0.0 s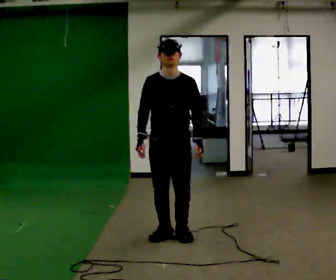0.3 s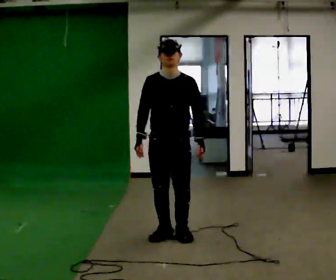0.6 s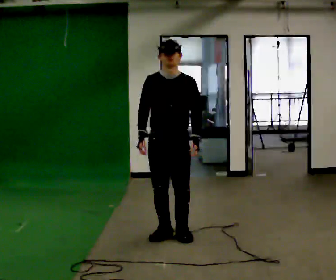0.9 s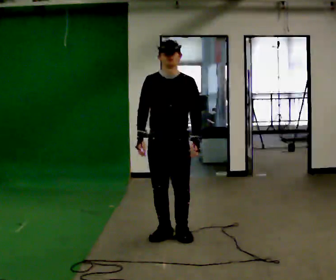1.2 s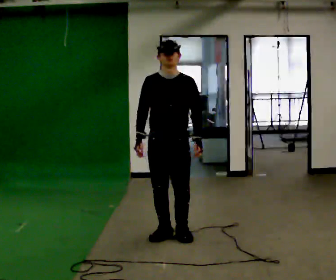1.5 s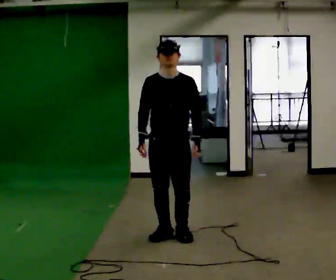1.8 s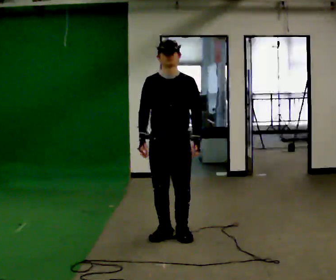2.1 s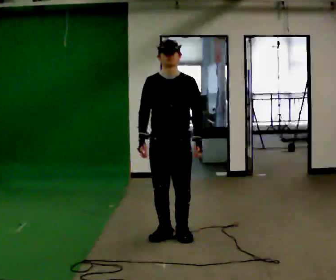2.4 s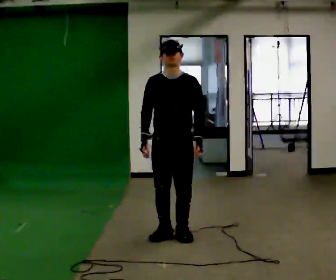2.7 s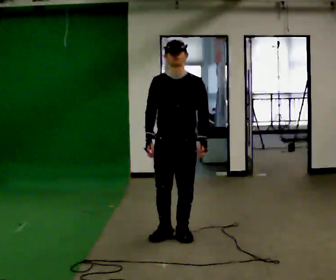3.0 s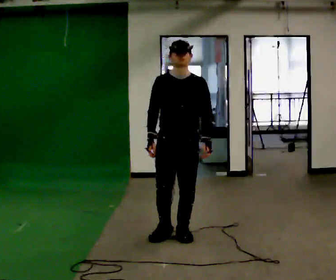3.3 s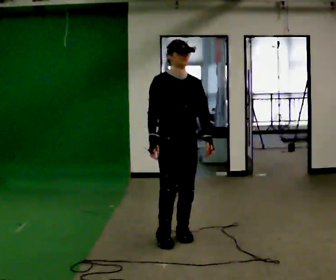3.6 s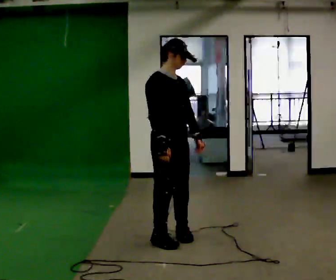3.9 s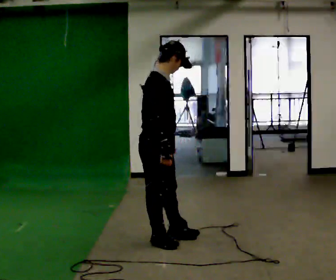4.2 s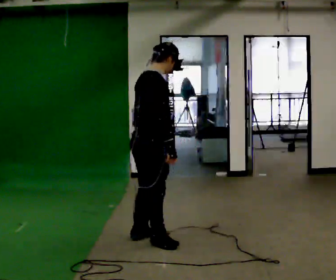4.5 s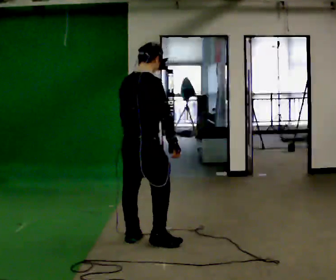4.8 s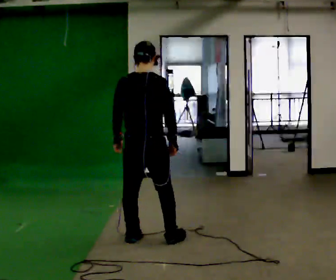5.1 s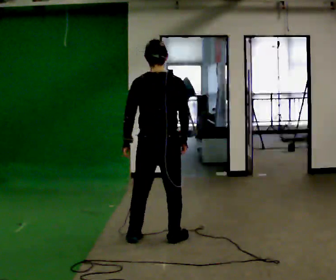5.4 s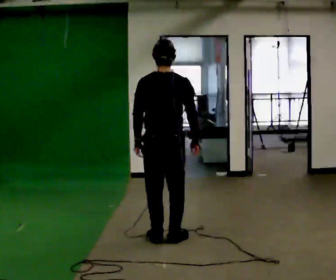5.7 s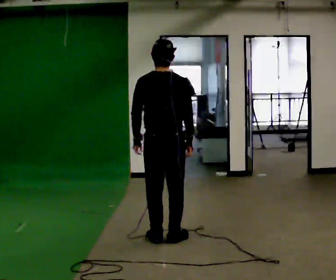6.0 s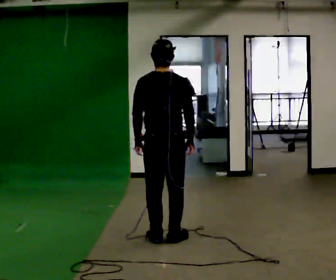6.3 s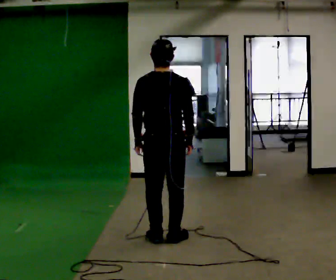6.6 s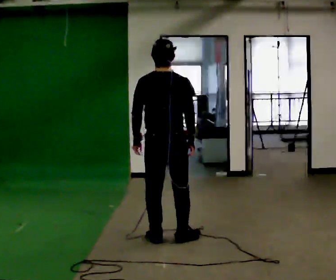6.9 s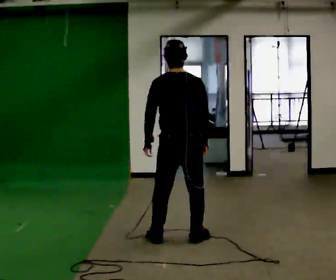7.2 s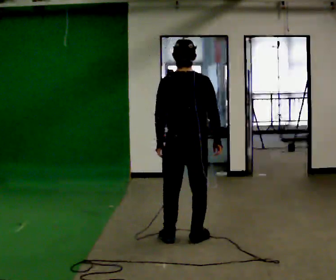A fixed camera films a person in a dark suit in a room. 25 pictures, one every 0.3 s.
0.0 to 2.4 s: The person moves a little, or ends about where they began.
2.4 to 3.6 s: The person turns about 60 degrees to their left, counterclockwise seen from above, so the part of the body nearest the lens slides to the right.
3.6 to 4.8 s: Seen from above the body turns counterclockwise, about 120 degrees: to their left, with its near side sliding to the right. In the picture they go to the left, about 0.25 m in 1 step. In the picture their left hand goes to the left, the arm swinging clockwise.
4.8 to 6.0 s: In the picture they go to the right, about 0.25 m in 1 step, which for them is to their right.
6.0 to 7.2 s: In the picture they go to the right, about 0.25 m in 1 step, which for them is to their right.
The film runs forward here.
